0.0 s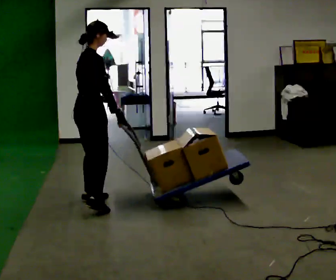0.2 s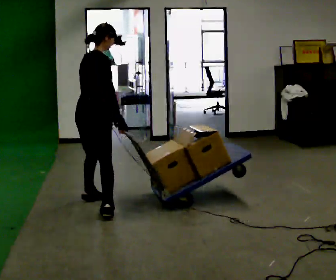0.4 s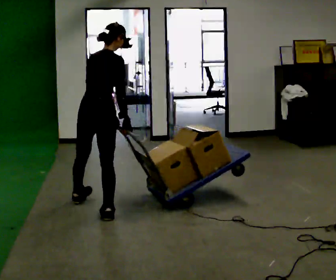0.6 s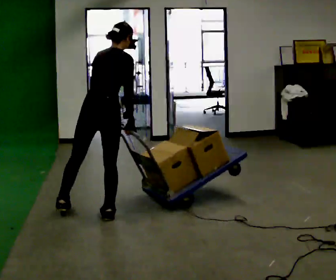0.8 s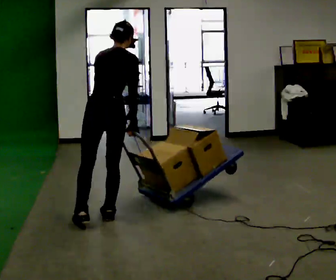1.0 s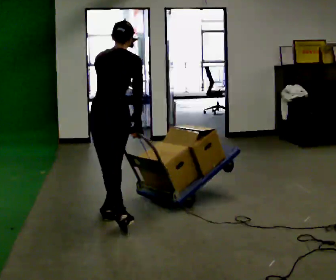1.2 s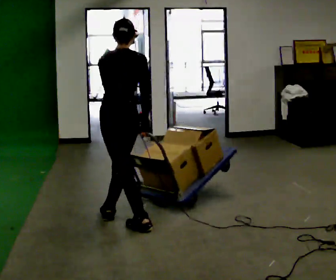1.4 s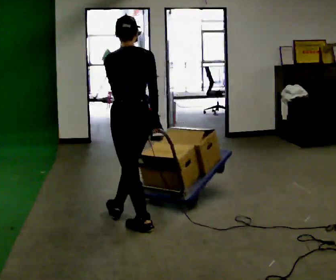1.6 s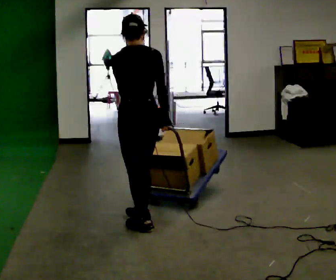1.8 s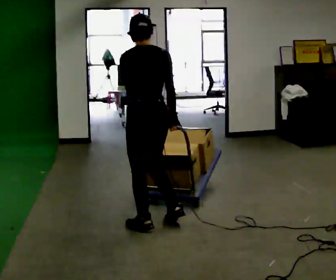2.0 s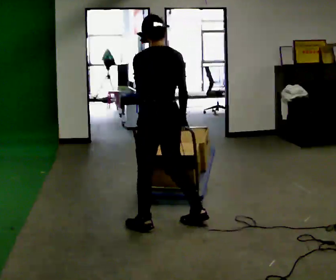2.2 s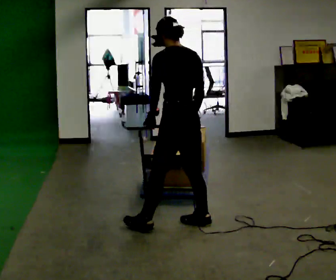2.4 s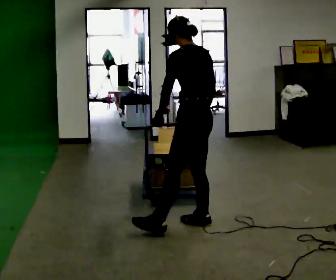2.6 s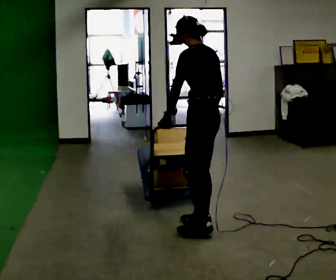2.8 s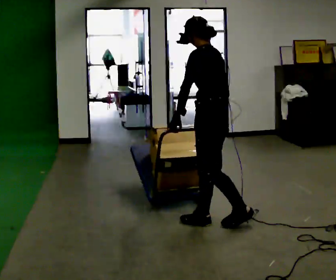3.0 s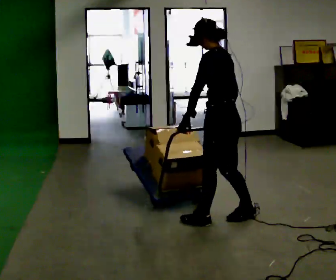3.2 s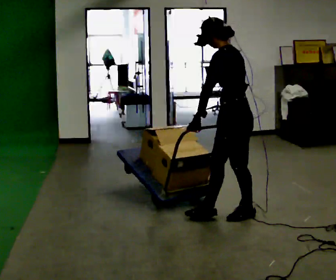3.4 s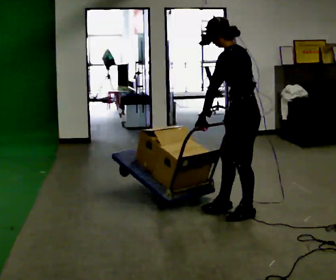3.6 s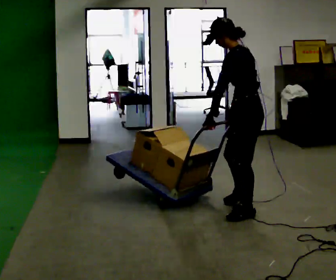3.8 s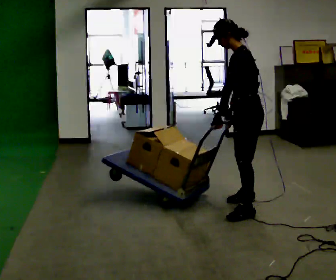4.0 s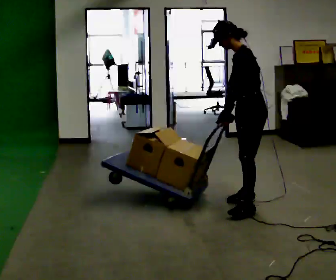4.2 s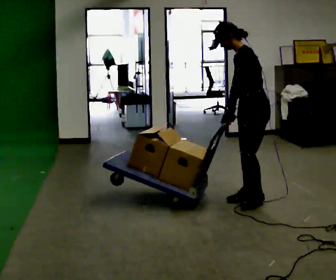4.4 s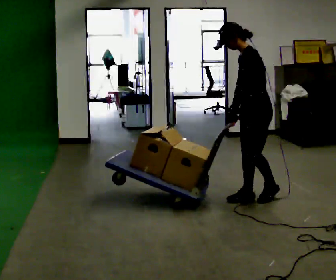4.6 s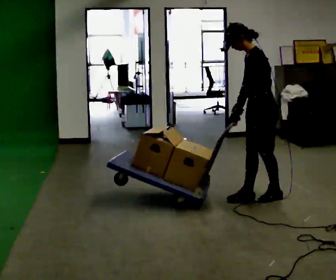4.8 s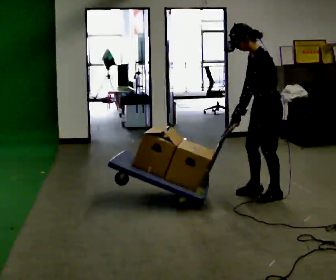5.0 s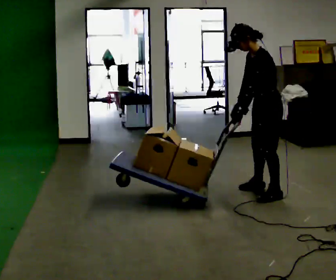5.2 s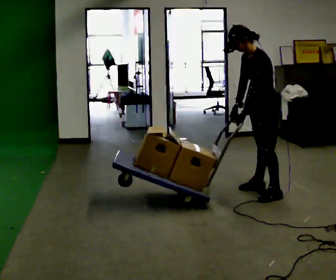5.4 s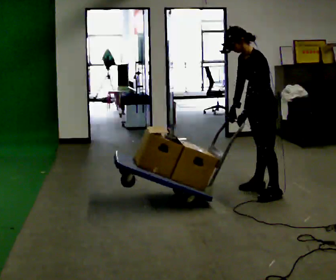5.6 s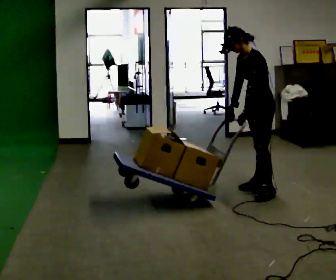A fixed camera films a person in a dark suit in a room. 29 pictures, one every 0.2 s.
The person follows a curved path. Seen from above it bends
counterclockwise.
The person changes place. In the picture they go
to the right.
0.0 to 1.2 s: The part of the body nearest the lens slides to the right as the person turns to their left by about 90 degrees. In the picture they go toward the camera and to the right, about 0.75 m in 1 step.
1.2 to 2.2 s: In the picture they go to the right, about 0.5 m in 1 step, which for them is to their right and backward.
2.2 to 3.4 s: The part of the body nearest the lens slides to the right as the person turns to their left by about 30 degrees. In the picture they go to the right and away from the camera, about 0.5 m in 2 steps, which for them is backward and to their right.
3.4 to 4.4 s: In the picture they go away from the camera, about 0.5 m in 1 step, which for them is to their right.
4.4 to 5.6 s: In the picture they go away from the camera, about 0.5 m in 2 steps, which for them is to their right.
The film runs backward here.
